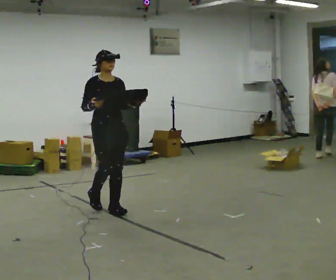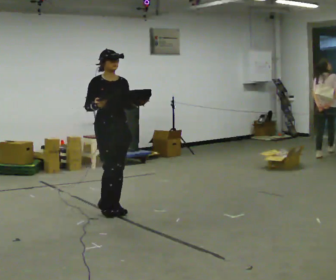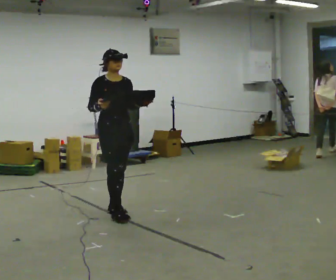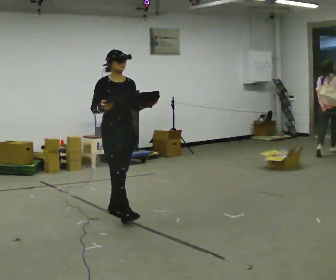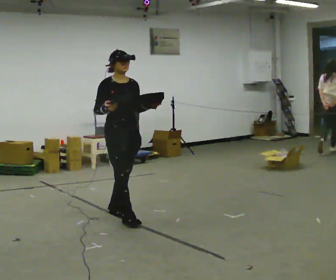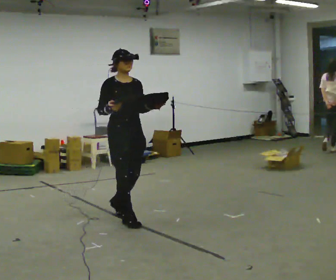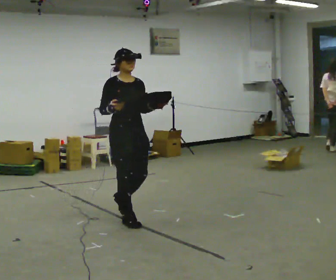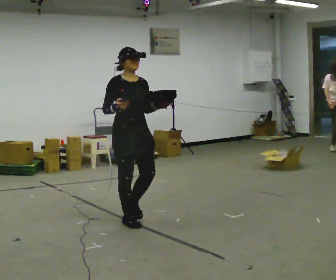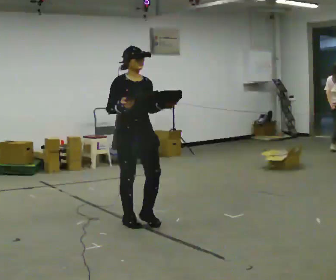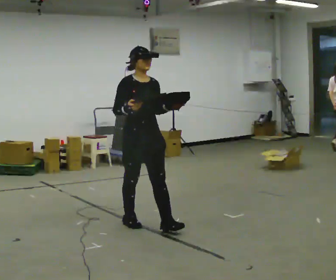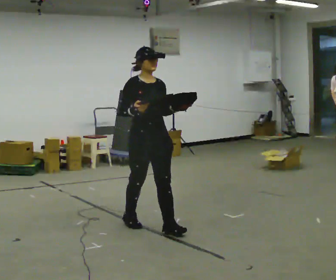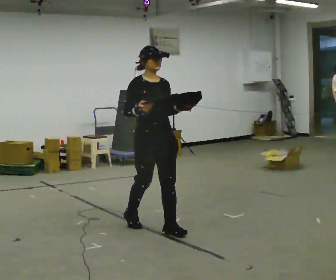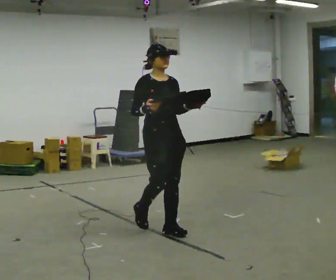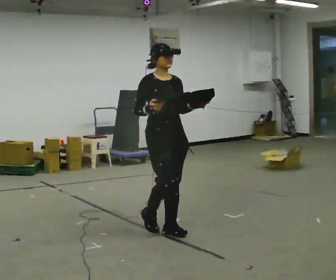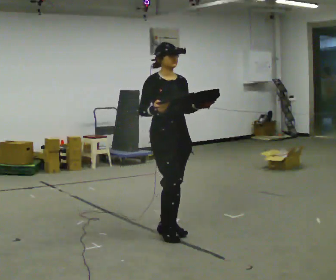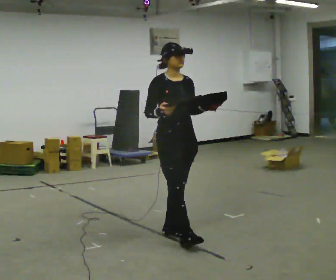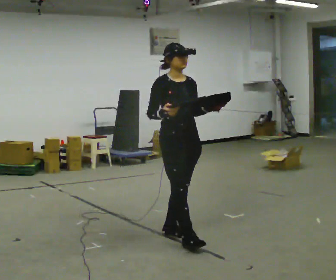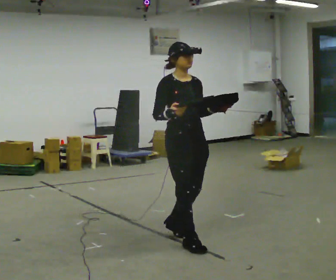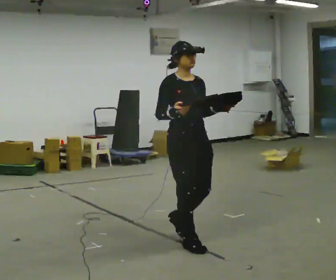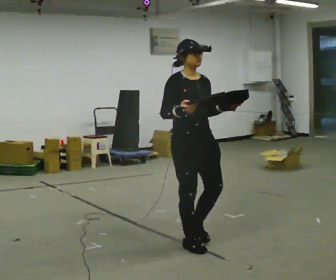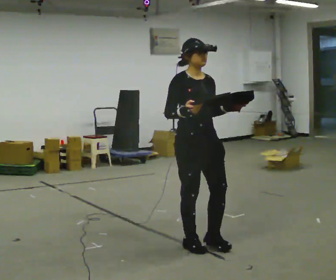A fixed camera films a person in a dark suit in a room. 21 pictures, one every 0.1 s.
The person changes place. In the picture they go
toward the camera.
0.0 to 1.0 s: In the picture they go toward the camera and to the right, about 0.5 m in 2 steps, which for them is forward.
1.0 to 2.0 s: In the picture they go toward the camera and to the right, about 0.75 m in 1 step, which for them is forward.
The film runs forward here.
